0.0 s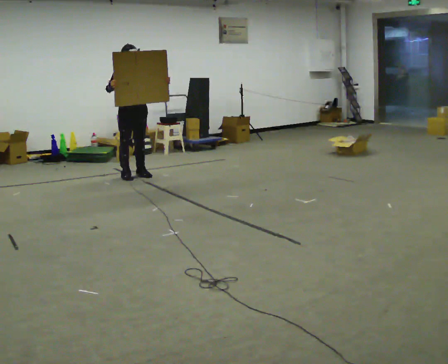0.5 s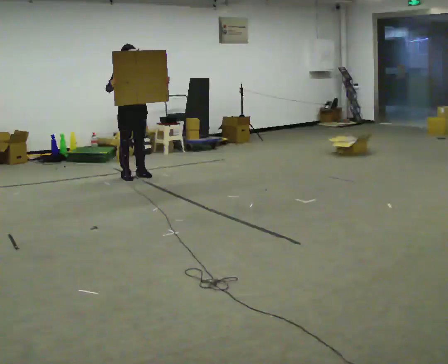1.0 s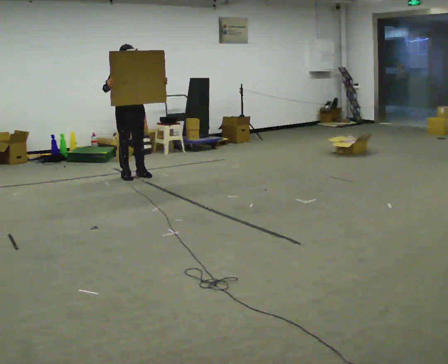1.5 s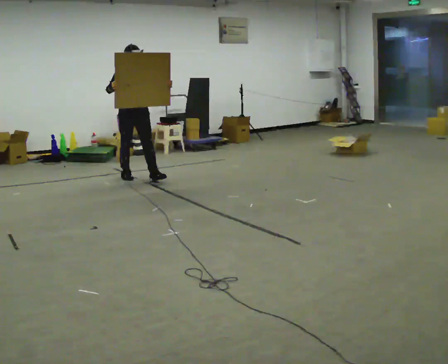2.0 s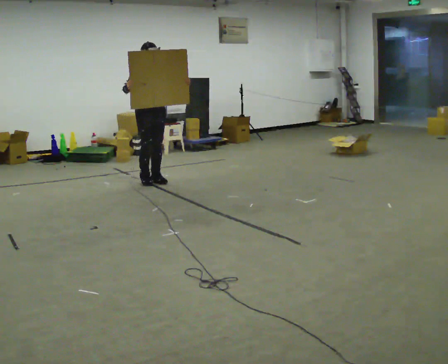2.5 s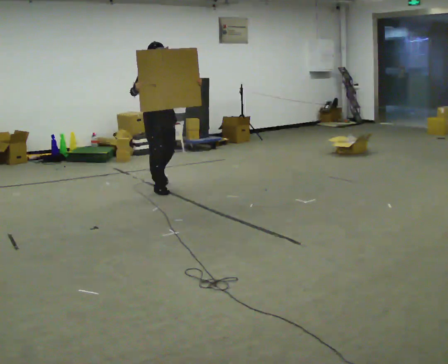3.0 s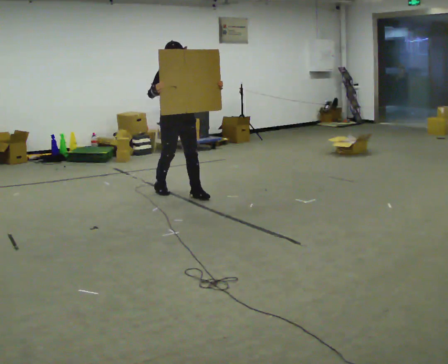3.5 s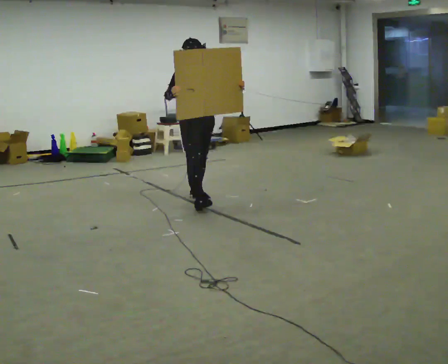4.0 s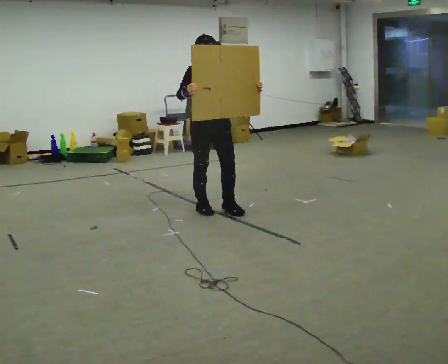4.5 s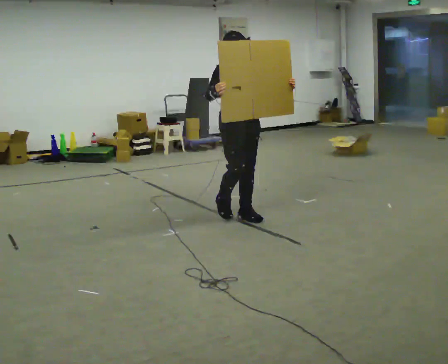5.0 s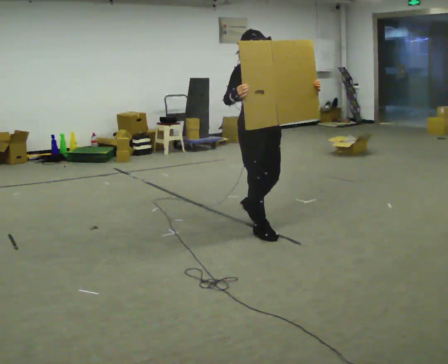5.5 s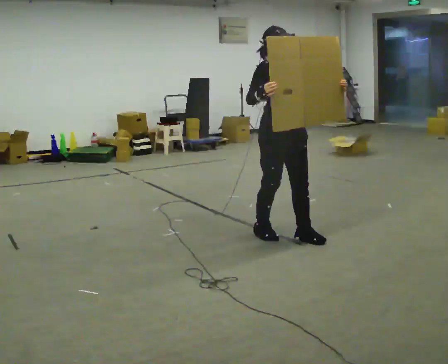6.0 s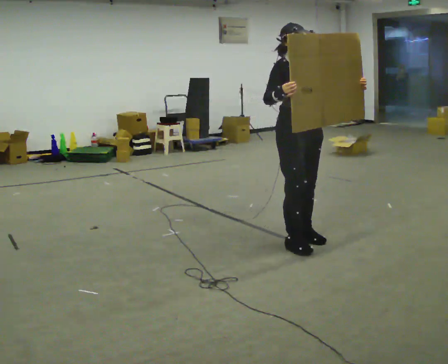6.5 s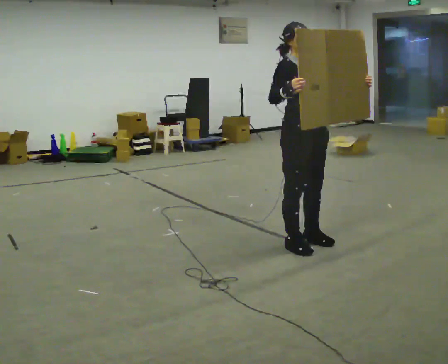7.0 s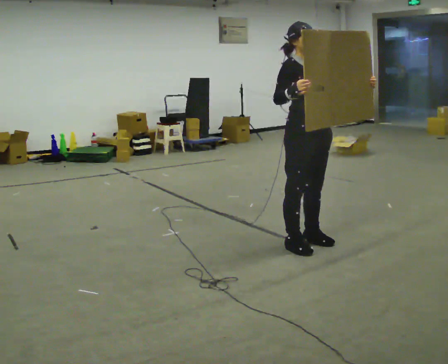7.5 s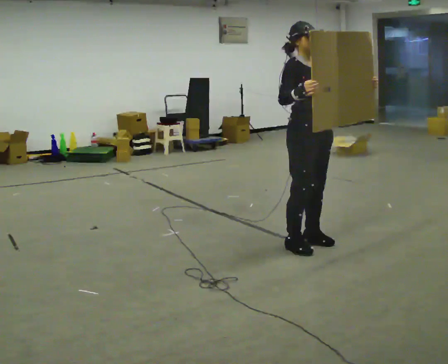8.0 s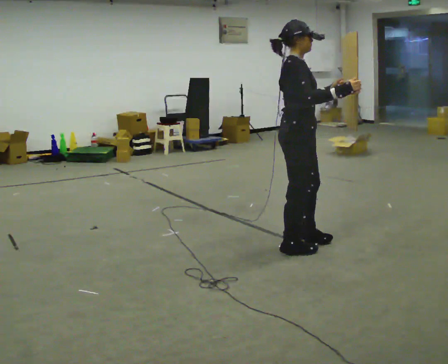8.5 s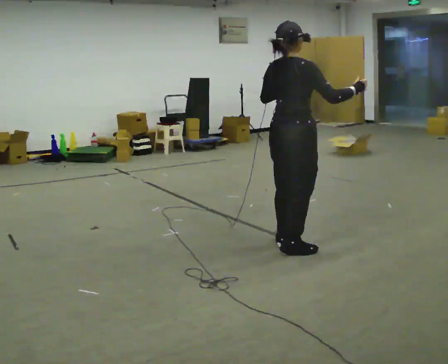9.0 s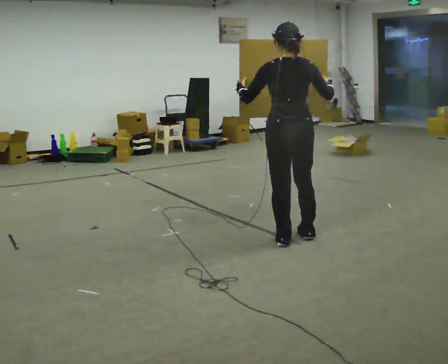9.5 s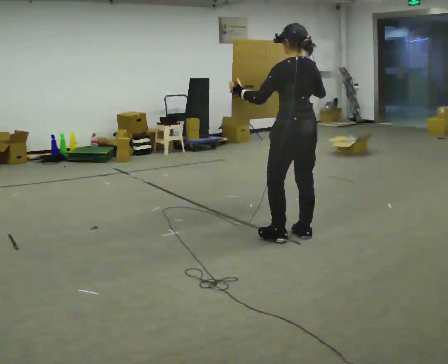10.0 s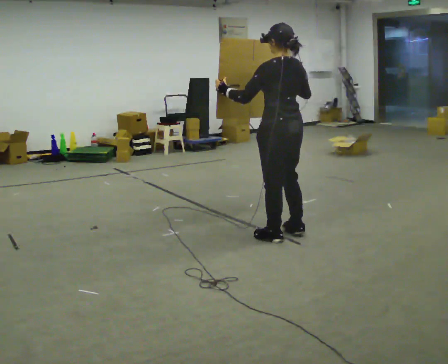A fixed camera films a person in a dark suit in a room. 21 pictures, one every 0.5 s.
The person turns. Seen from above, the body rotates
counterclockwise.
The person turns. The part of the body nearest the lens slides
to the right.
0.0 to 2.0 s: In the picture they go to the right and toward the camera, about 0.5 m in 1 step, which for them is forward.
2.0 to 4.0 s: In the picture they go toward the camera and to the right, about 1.5 m in 3 steps, which for them is forward.
4.0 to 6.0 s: In the picture they go toward the camera and to the right, about 1 m in 4 steps, which for them is forward.
6.0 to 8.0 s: The part of the body nearest the lens slides to the right as the person turns to their left by about 45 degrees. In the picture they go toward the camera, about 0.25 m. In the picture their right hand goes to the right.
8.0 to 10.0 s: The person turns about 120 degrees to their left, counterclockwise seen from above, so the part of the body nearest the lens slides to the right. In the picture they go away from the camera, about 0.25 m in 2 steps.
The film runs forward here.
